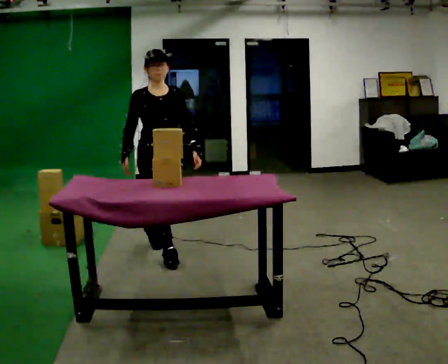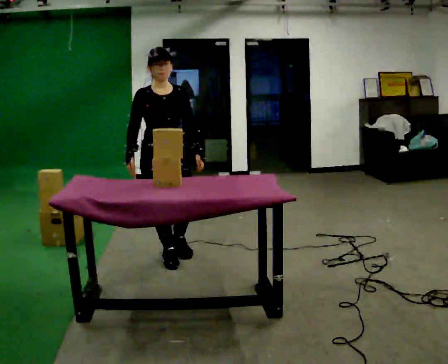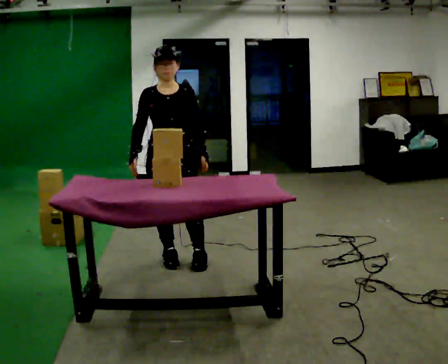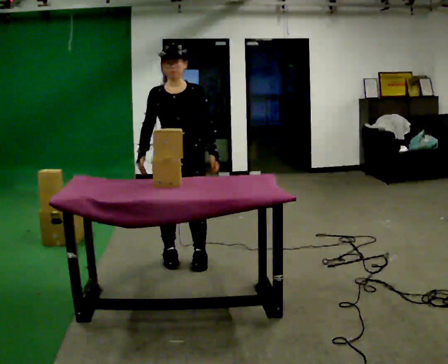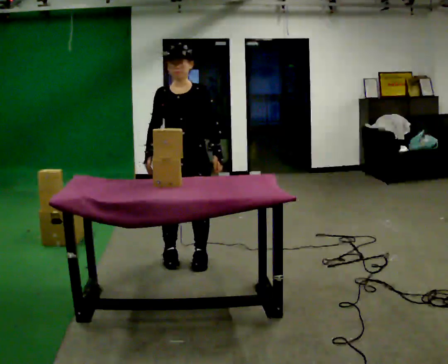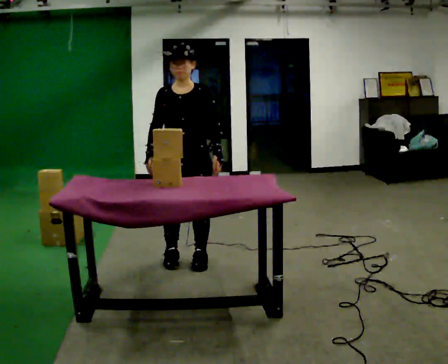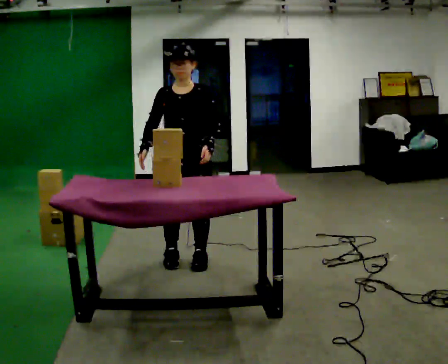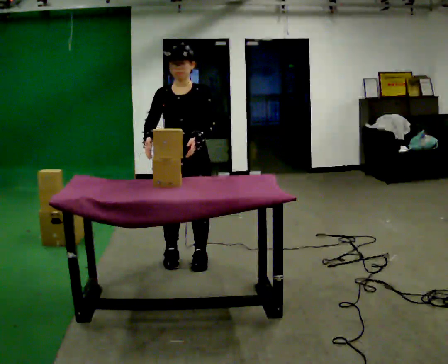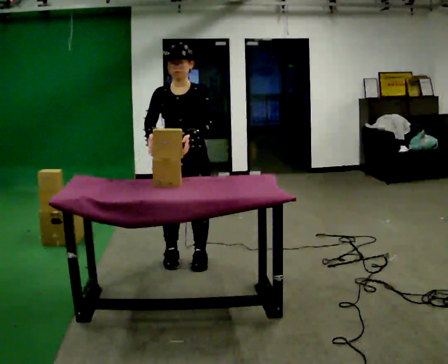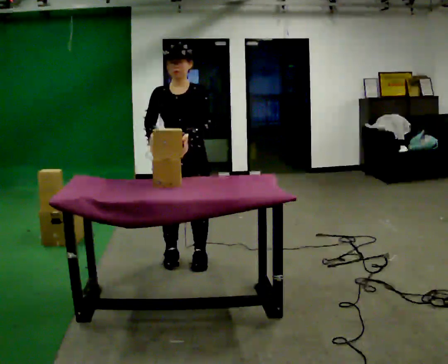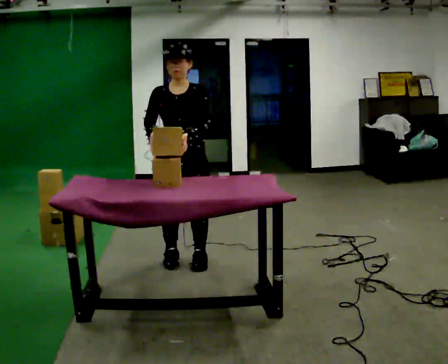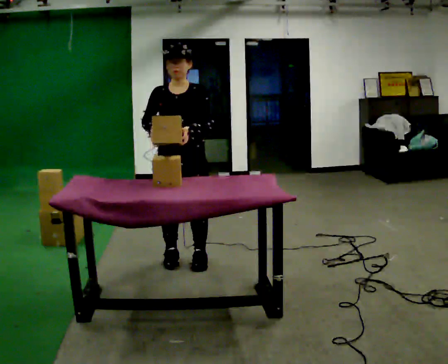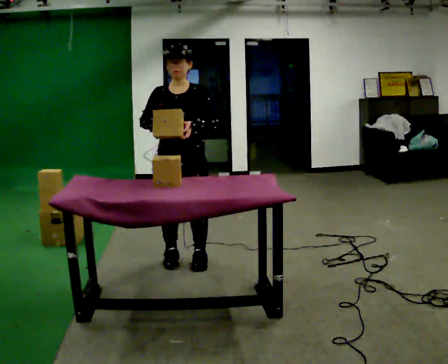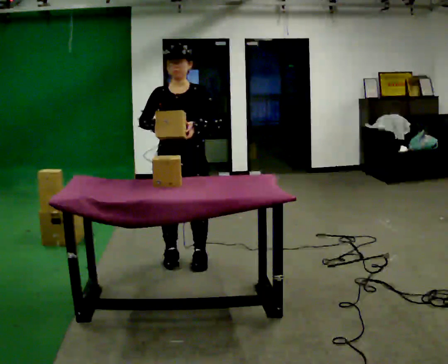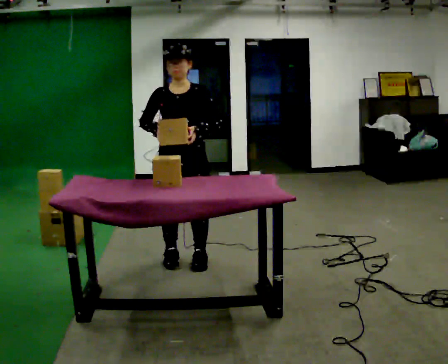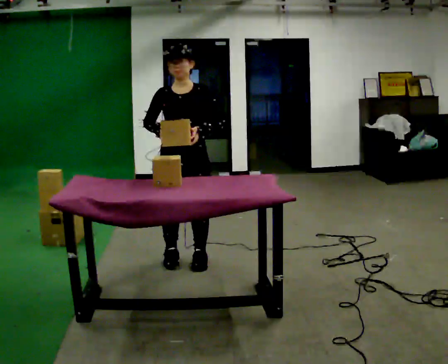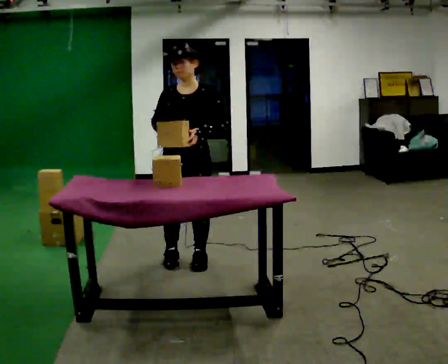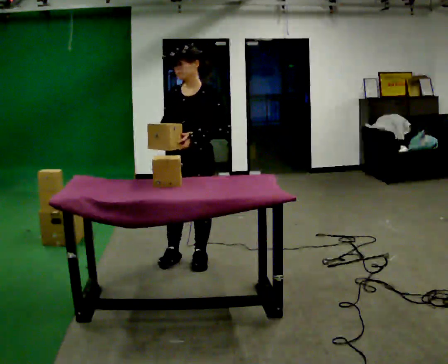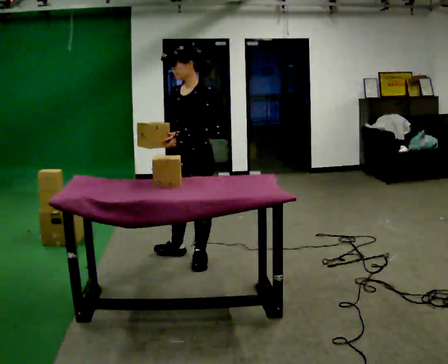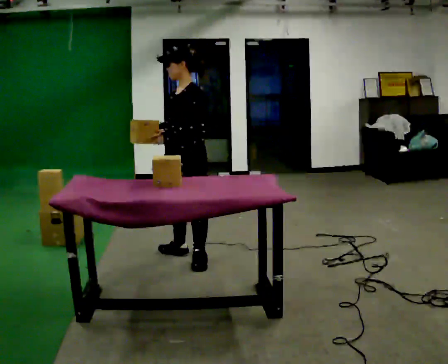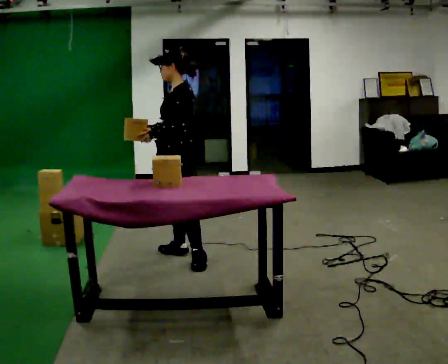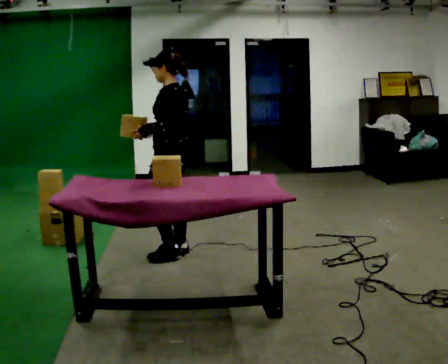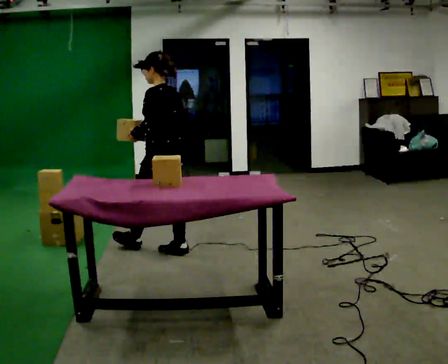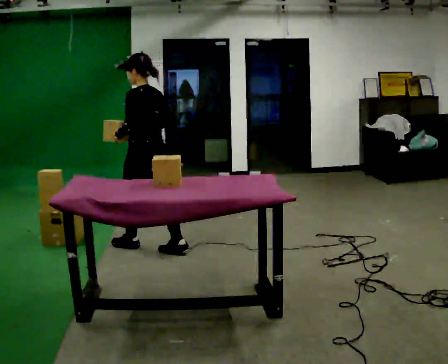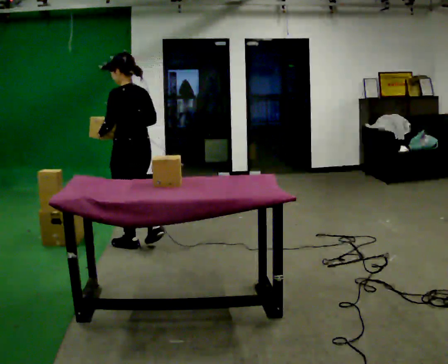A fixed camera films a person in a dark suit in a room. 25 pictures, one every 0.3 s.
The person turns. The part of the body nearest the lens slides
to the left.
The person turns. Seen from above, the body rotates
clockwise.
0.0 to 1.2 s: The part of the body nearest the lens slides to the left as the person turns to their right by about 30 degrees. In the picture they go toward the camera and to the right, about 0.25 m in 1 step, which for them is forward and to their left.
1.2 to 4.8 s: The person moves a little, or ends about where they began.
4.8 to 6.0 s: The part of the body nearest the lens slides to the left as the person turns to their right by about 60 degrees. In the picture they go away from the camera, about 0.25 m.
6.0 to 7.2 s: Seen from above the body turns clockwise, about 60 degrees: to their right, with its near side sliding to the left. In the picture they go to the left and away from the camera, about 0.5 m in 1 step, which for them is forward.
The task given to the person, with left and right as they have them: Carry the handheld device and, while walking, point it at the labels on the shelves and press the button as if scanning them.
The film runs forward here.
